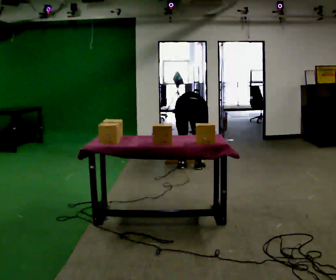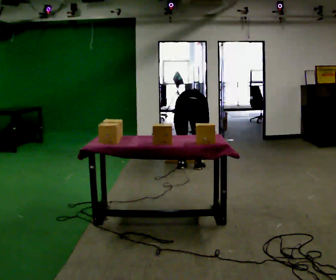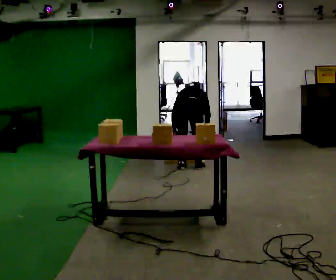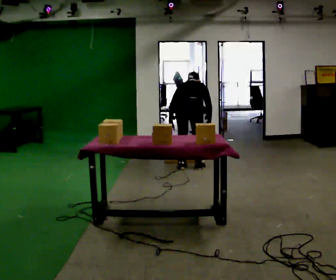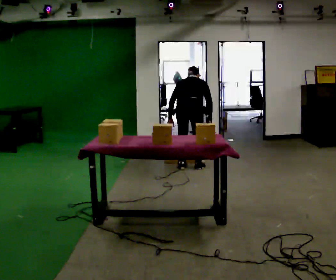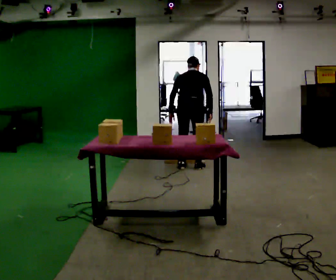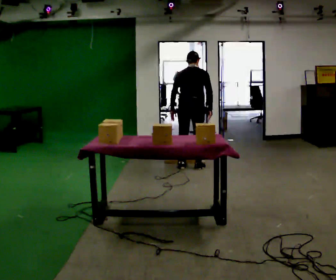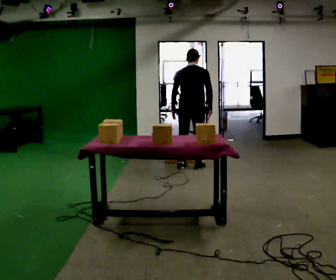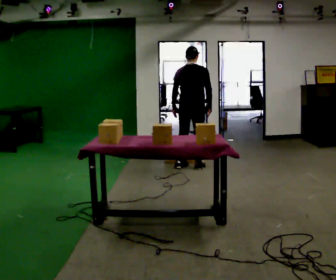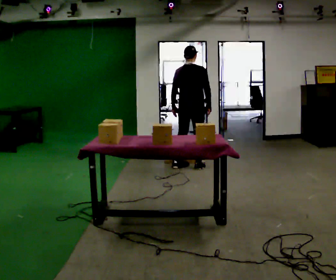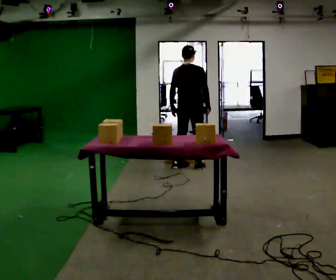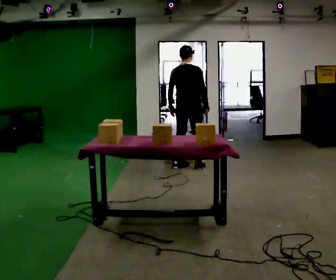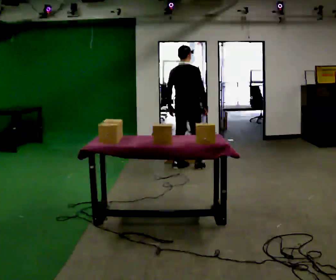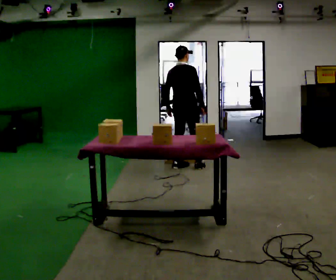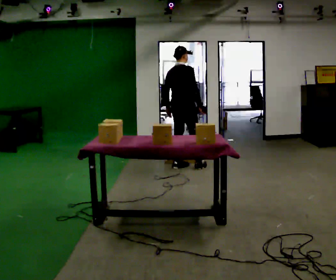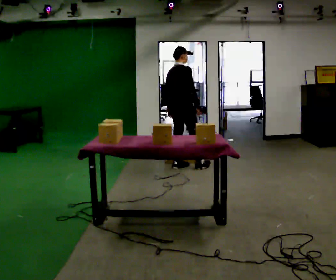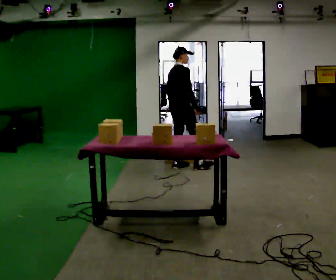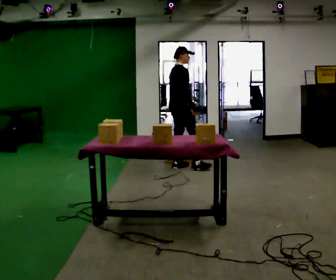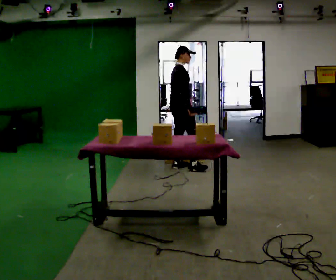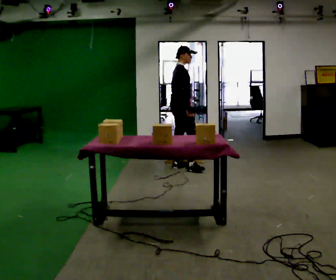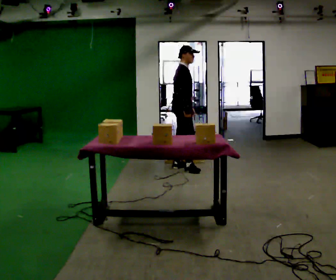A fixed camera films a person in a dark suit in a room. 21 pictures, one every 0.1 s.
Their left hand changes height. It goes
upward.
The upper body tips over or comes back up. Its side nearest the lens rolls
downward.
0.0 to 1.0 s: In the picture they go away from the camera, about 0.25 m, which for them is forward. The shoulders move upward. The upper body tips toward the camera, its near side rolling downward, as they lean back or straighten. In the picture their right hand goes upward.
1.0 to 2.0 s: The part of the body nearest the lens slides to the left as the person turns to their right by about 75 degrees. In the picture their left hand goes to the right.
The film runs forward here.
